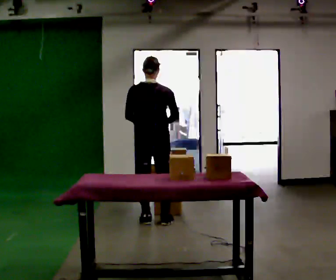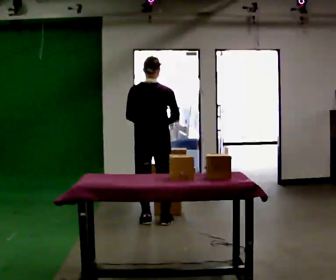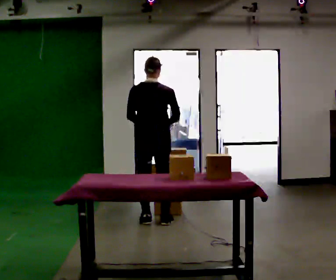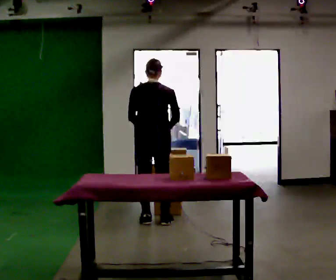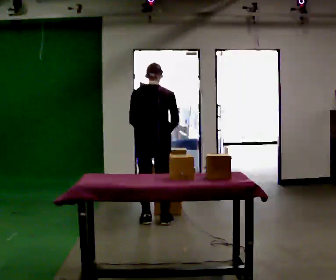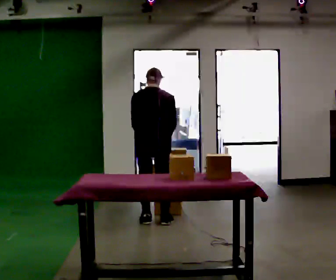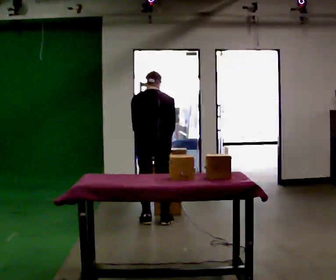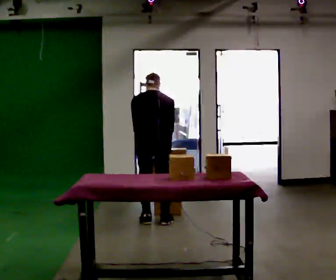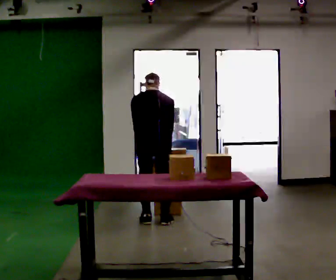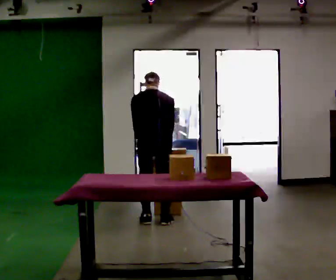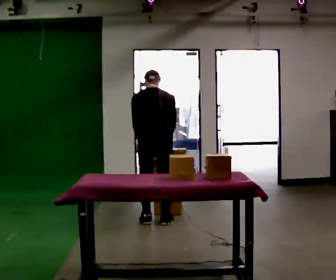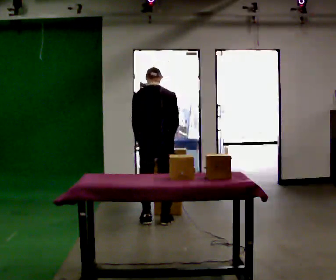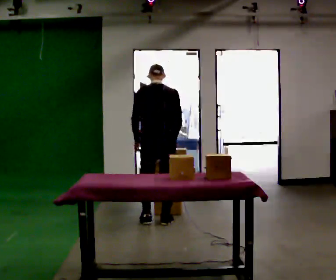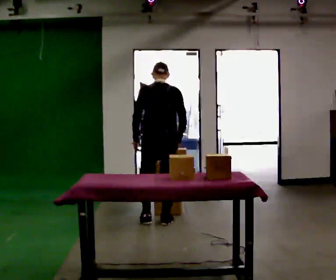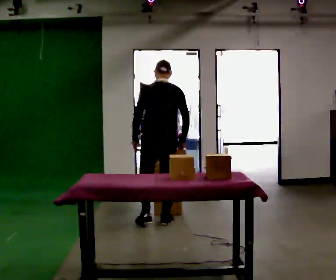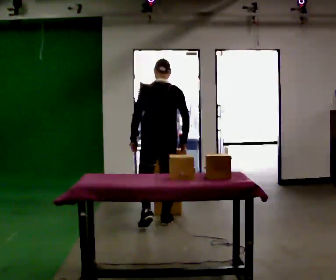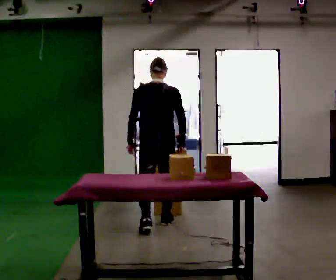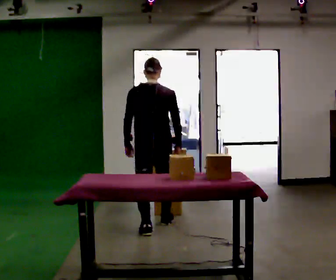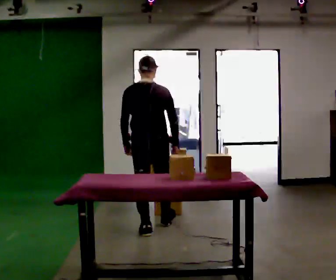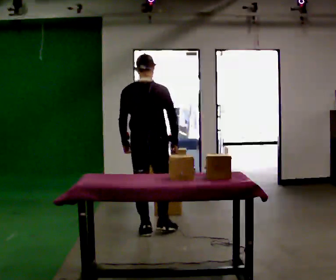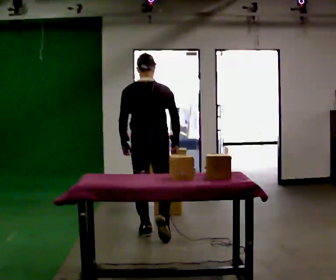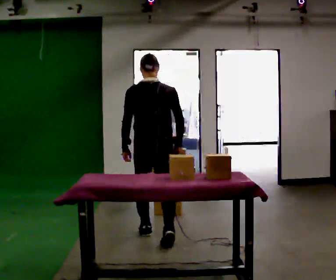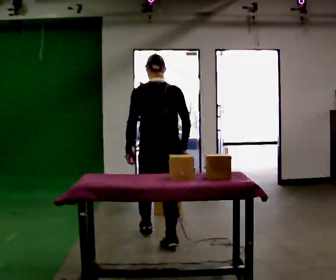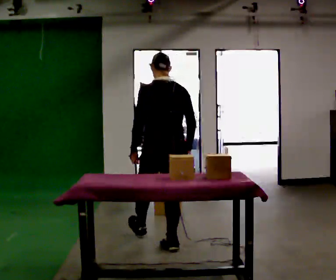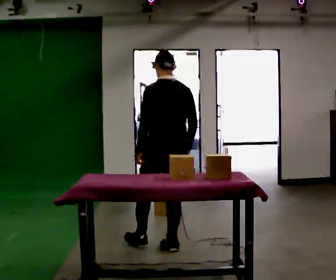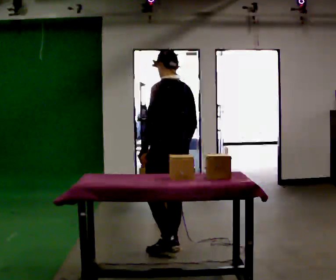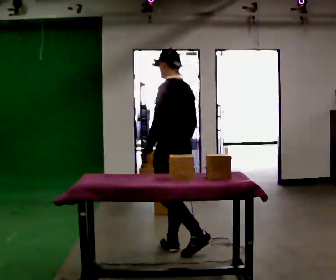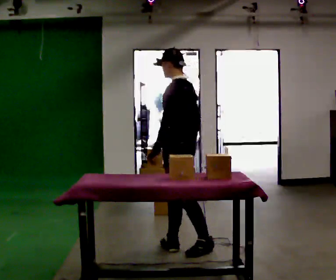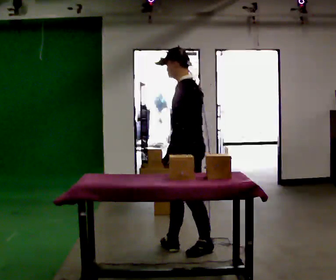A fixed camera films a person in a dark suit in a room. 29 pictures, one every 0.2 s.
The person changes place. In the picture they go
toward the camera.
0.0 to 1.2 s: The upper body tips away from the camera, its near side rolling upward, as they bend forward.
1.2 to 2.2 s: The person moves a little, or ends about where they began.
2.2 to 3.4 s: In the picture they go toward the camera, about 0.25 m in 1 step, which for them is backward. The upper body tips toward the camera, its near side rolling downward, as they lean back or straighten.
3.4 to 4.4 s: In the picture they go toward the camera, about 0.5 m in 1 step, which for them is backward.
4.4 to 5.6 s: The part of the body nearest the lens slides to the right as the person turns to their left by about 75 degrees. In the picture they go to the right and toward the camera, about 0.5 m in 1 step.
The film runs backward here.
